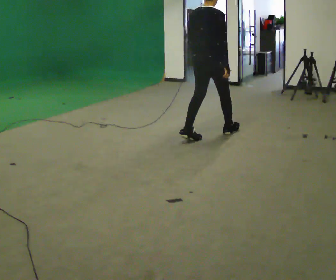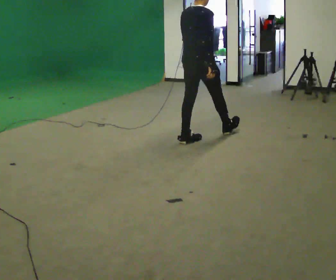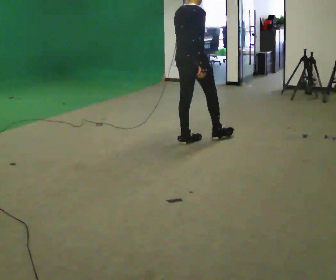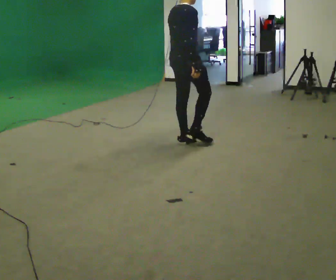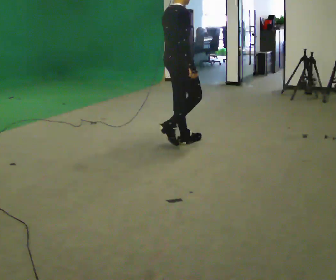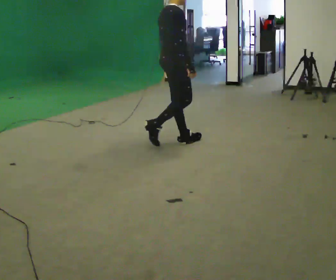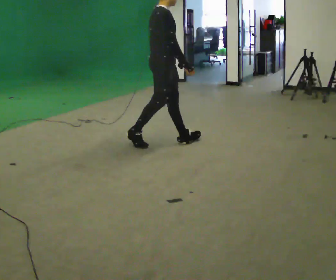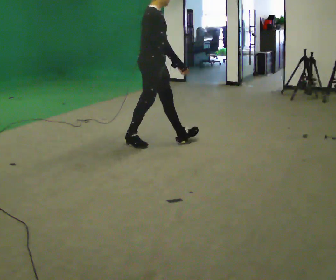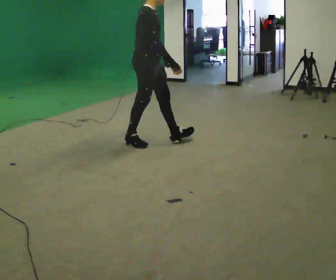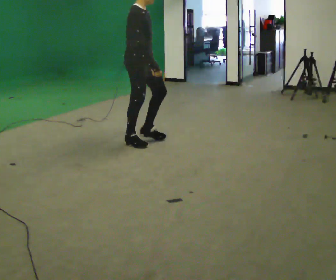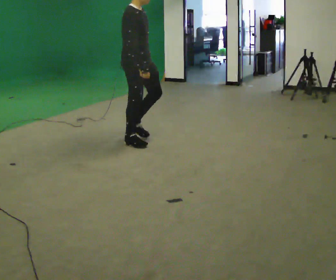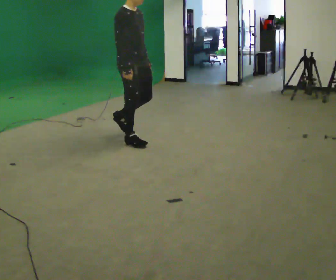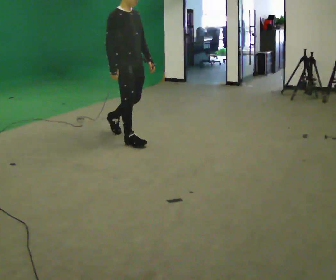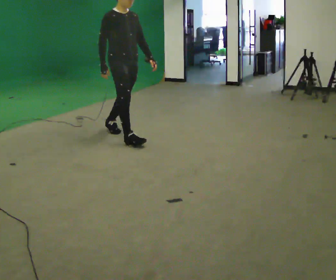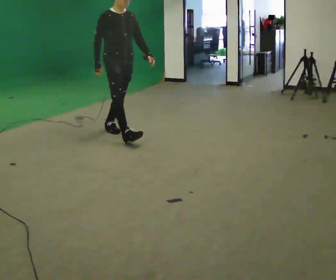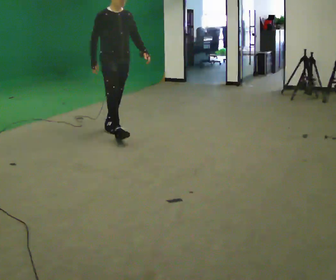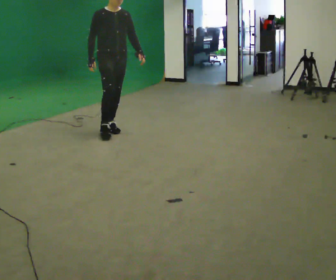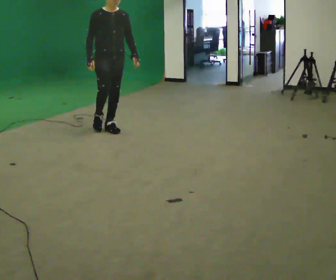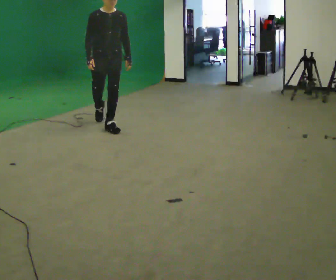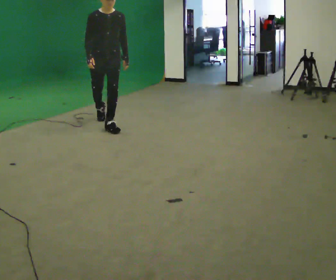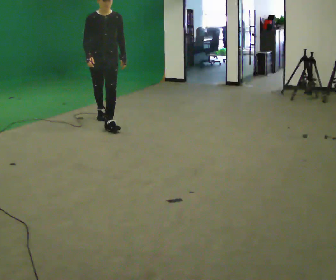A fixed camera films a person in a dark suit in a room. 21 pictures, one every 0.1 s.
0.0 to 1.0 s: Seen from above the body turns clockwise, about 75 degrees: to their right, with its near side sliding to the left. In the picture they go to the left, about 1 m in 2 steps.
1.0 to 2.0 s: Seen from above the body turns clockwise, about 60 degrees: to their right, with its near side sliding to the left. In the picture they go away from the camera and to the left, about 1 m in 1 step, which for them is backward.
The film runs backward here.
